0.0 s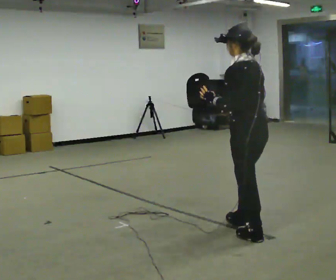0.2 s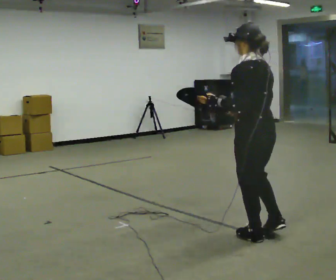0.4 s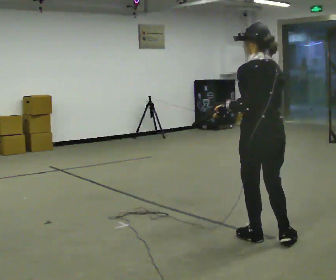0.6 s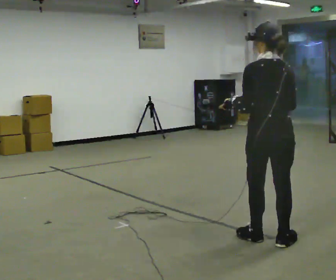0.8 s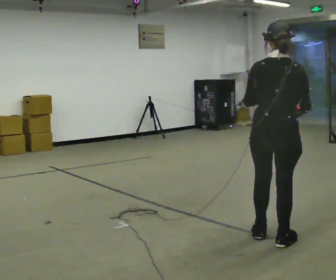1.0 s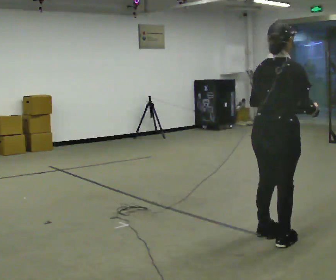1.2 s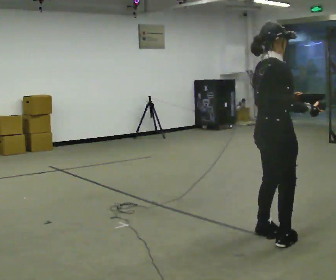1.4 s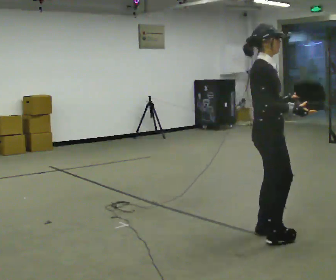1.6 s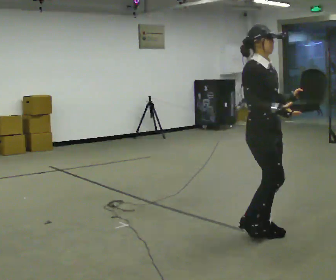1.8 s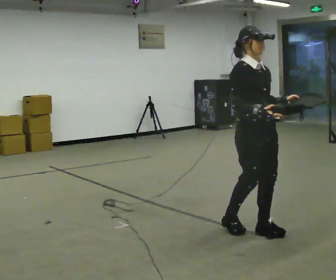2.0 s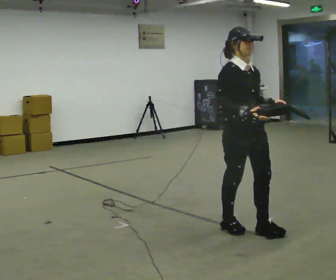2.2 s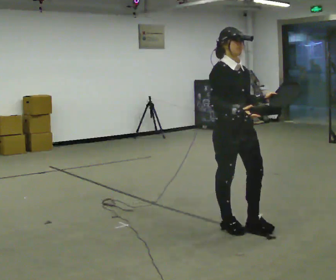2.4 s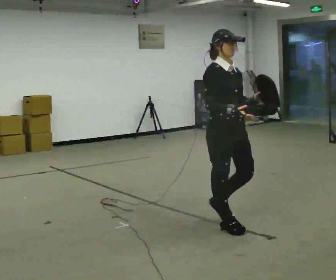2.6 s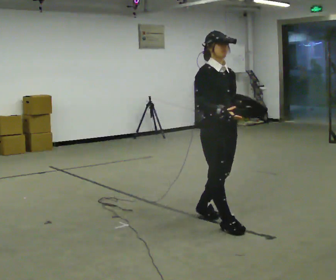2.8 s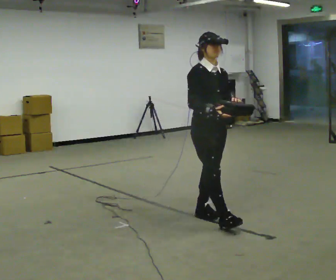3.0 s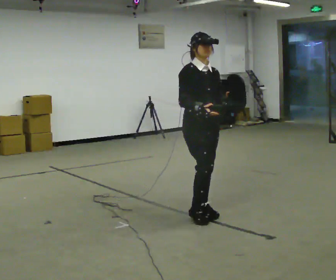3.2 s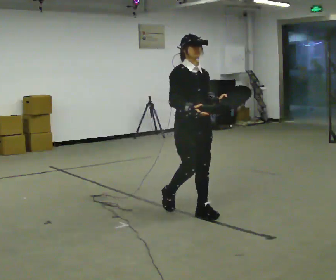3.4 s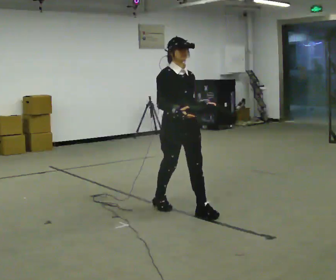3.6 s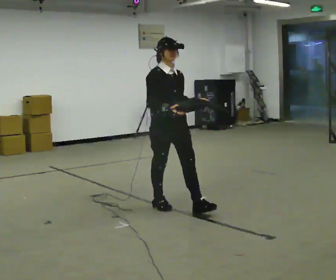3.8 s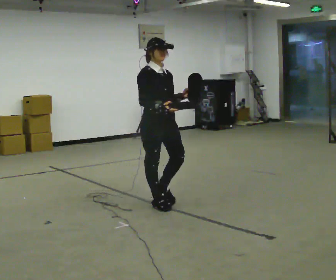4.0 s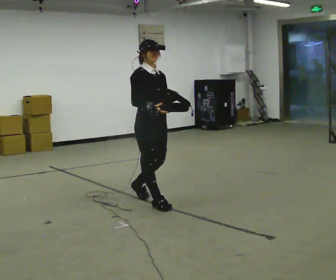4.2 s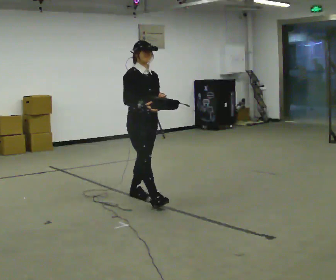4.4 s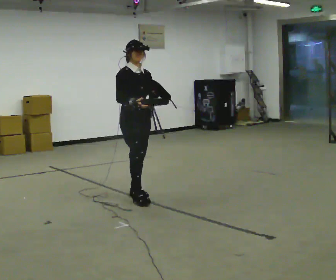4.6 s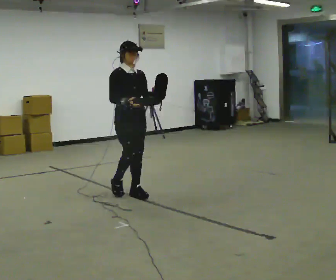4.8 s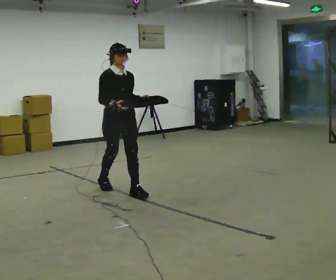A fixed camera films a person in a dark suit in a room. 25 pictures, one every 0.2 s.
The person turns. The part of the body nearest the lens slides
to the left.
The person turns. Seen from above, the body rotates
clockwise.
0.0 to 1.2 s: Seen from above the body turns clockwise, about 120 degrees: to their right, with its near side sliding to the left. In the picture their right hand goes to the right.
1.2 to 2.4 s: Seen from above the body turns clockwise, about 60 degrees: to their right, with its near side sliding to the left. In the picture they go to the left and away from the camera, about 0.5 m in 2 steps.
2.4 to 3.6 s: In the picture they go away from the camera and to the left, about 0.5 m in 2 steps, which for them is backward.
3.6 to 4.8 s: In the picture they go to the left and away from the camera, about 1 m in 1 step, which for them is backward.
The film runs backward here.
